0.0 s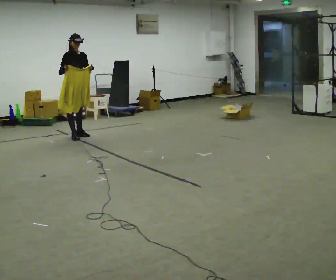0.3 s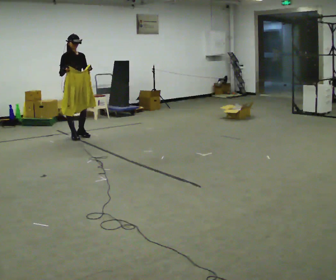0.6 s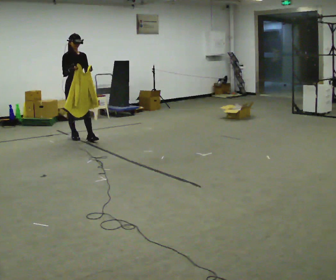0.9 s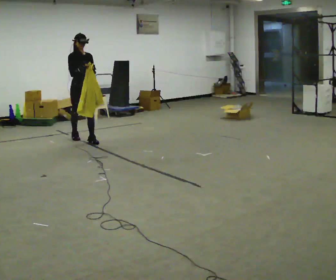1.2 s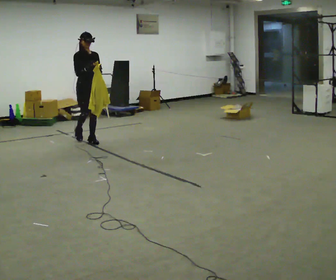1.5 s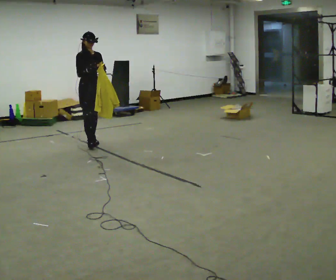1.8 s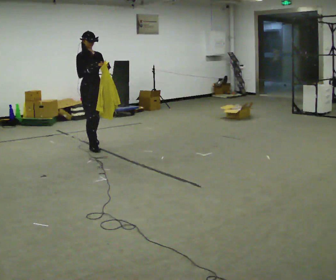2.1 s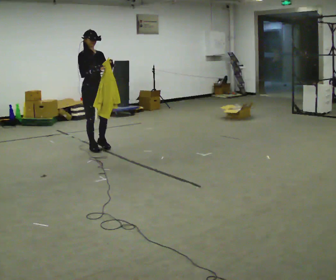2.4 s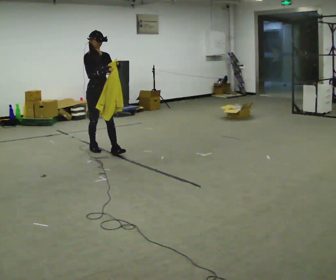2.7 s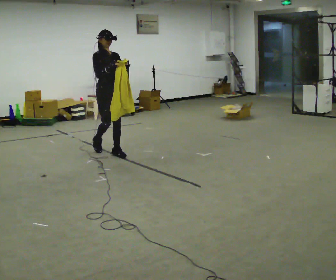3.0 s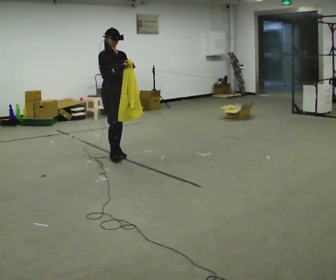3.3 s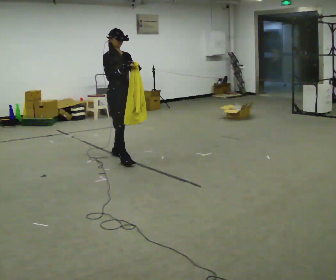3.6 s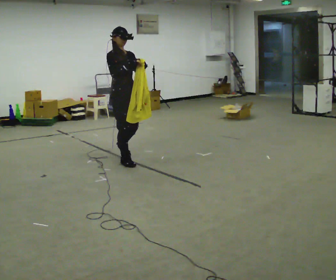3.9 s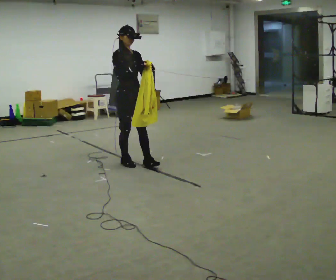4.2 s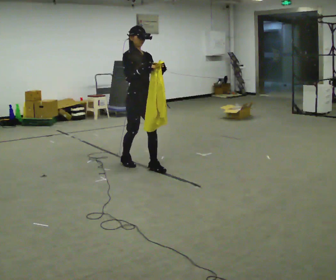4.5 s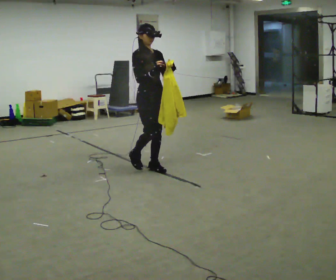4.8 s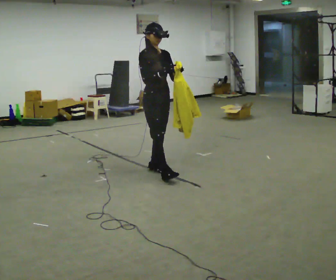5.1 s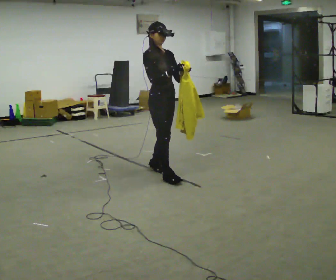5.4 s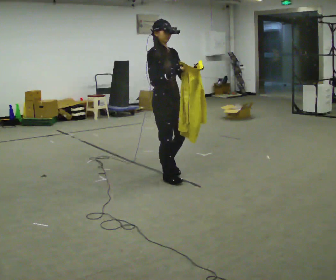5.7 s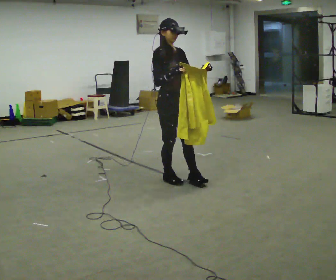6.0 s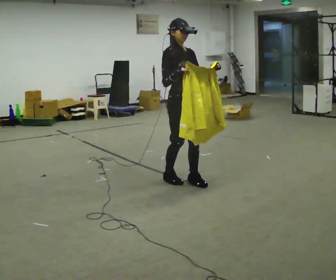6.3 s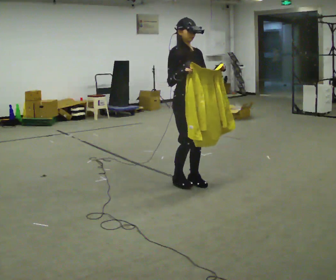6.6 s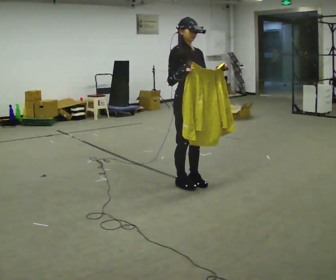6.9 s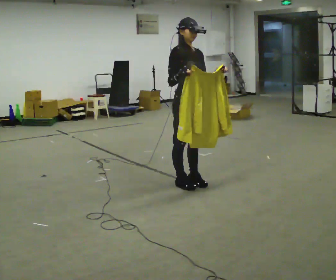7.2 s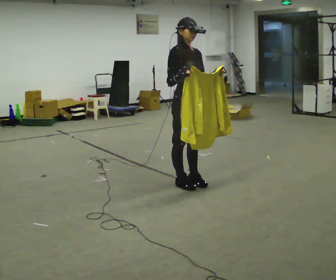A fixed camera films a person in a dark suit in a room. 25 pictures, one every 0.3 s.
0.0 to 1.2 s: In the picture they go toward the camera and to the right, about 0.5 m in 1 step, which for them is forward.
1.2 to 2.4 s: In the picture they go toward the camera and to the right, about 0.5 m in 1 step, which for them is forward.
2.4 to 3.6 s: In the picture they go toward the camera and to the right, about 0.75 m in 2 steps, which for them is forward.
3.6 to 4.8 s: In the picture they go toward the camera and to the right, about 0.5 m in 1 step, which for them is forward.
4.8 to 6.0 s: In the picture they go toward the camera and to the right, about 0.5 m in 2 steps, which for them is forward.
6.0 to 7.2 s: The person moves a little, or ends about where they began.
The film runs forward here.
